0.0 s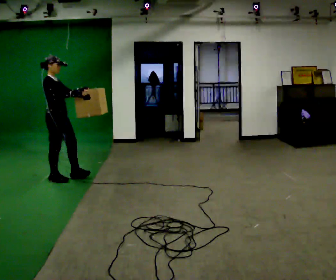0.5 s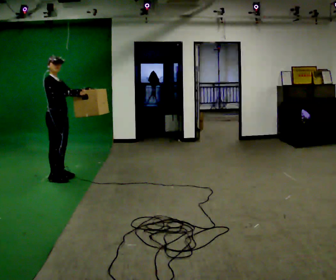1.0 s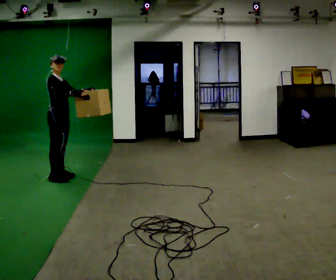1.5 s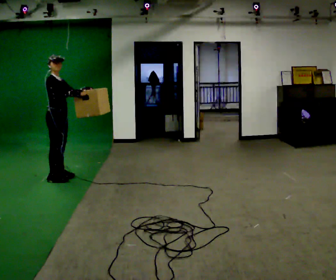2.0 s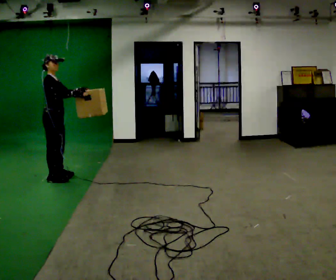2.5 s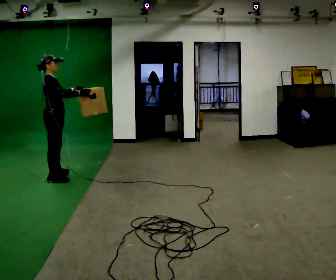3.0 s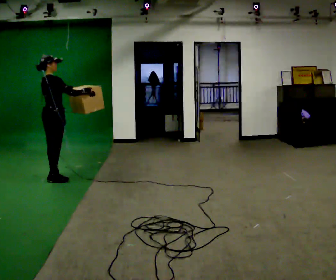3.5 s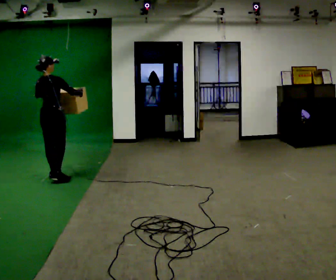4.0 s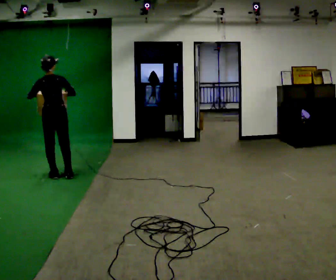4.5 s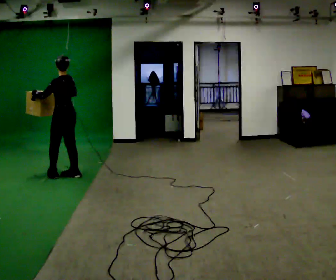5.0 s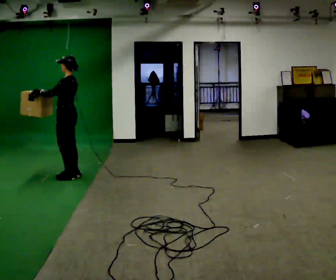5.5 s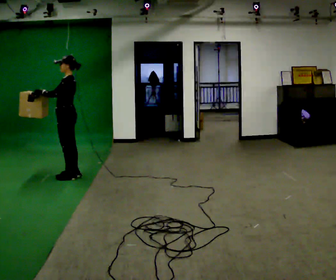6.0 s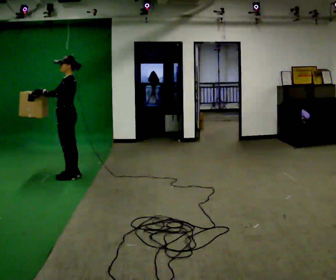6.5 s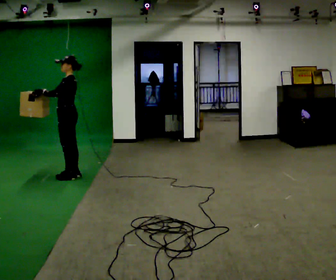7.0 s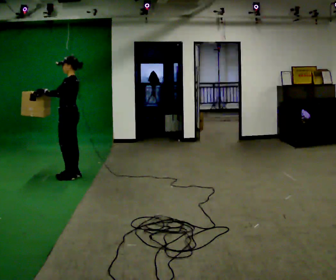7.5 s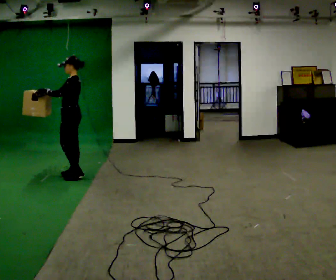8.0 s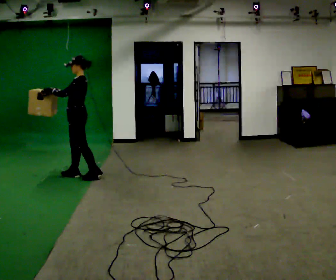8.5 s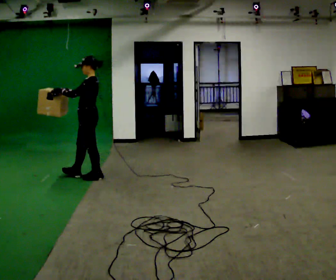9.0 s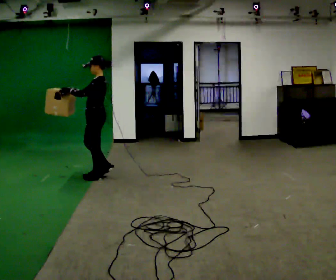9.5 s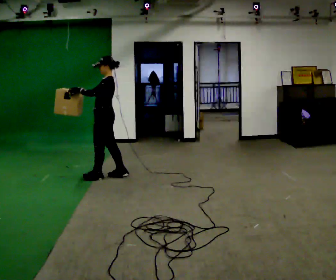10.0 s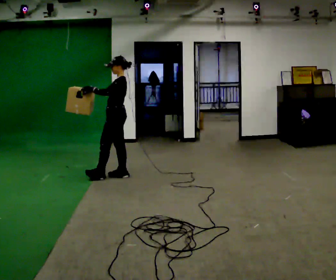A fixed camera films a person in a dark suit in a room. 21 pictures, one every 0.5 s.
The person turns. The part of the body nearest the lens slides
to the right.
The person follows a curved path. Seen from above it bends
clockwise.
0.0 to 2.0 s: The person moves a little, or ends about where they began.
2.0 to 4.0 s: The part of the body nearest the lens slides to the right as the person turns to their left by about 105 degrees. In the picture they go away from the camera, about 0.25 m in 1 step.
4.0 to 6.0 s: The part of the body nearest the lens slides to the right as the person turns to their left by about 75 degrees. In the picture they go to the right, about 0.25 m in 1 step. In the picture their right hand goes to the left.
6.0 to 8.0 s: The person moves a little, or ends about where they began.
8.0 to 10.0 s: In the picture they go to the right, about 0.5 m in 2 steps, which for them is backward.
The film runs backward here.
